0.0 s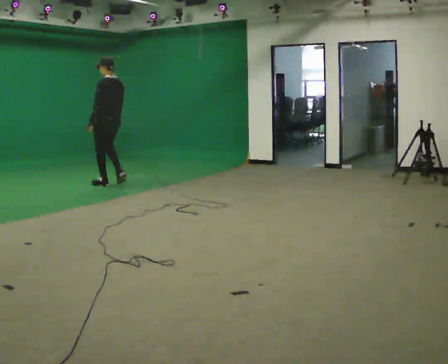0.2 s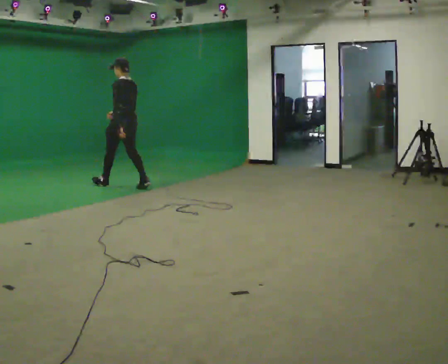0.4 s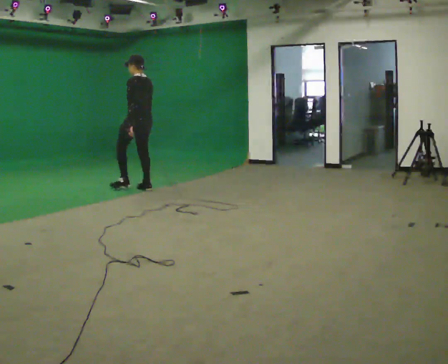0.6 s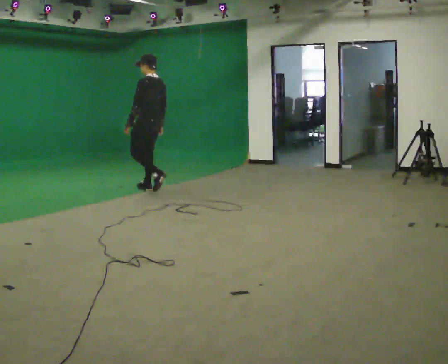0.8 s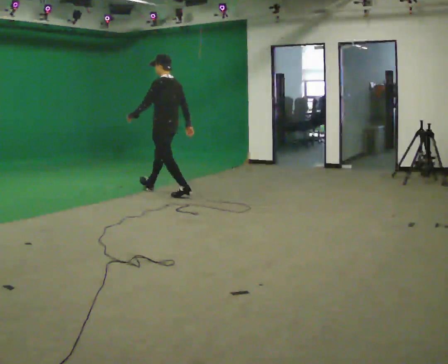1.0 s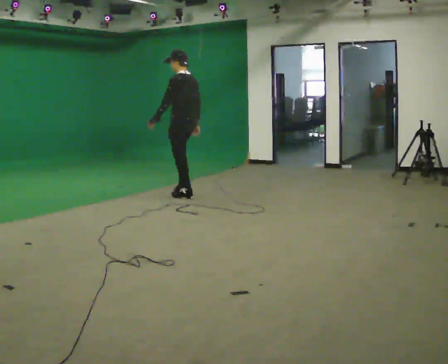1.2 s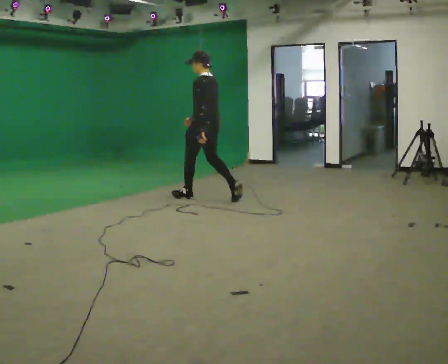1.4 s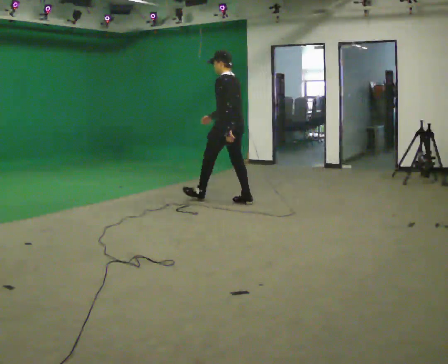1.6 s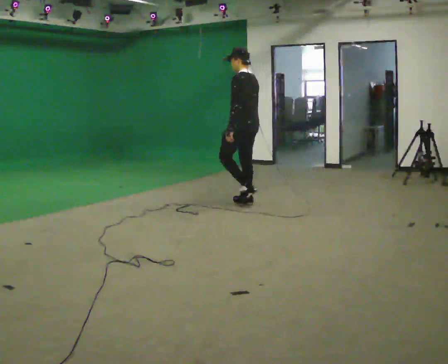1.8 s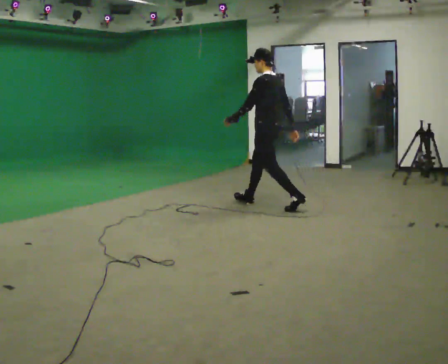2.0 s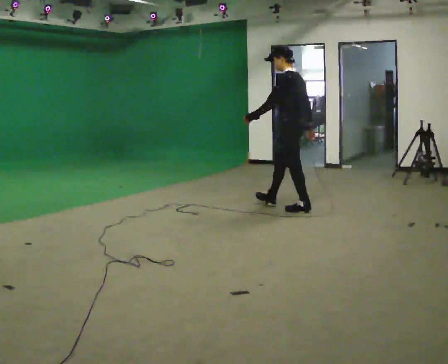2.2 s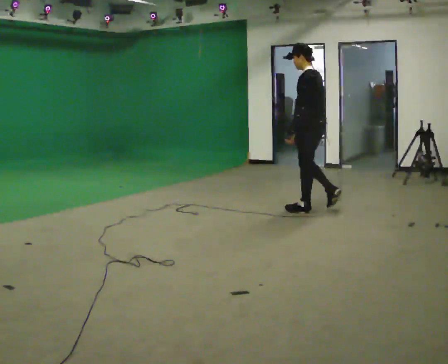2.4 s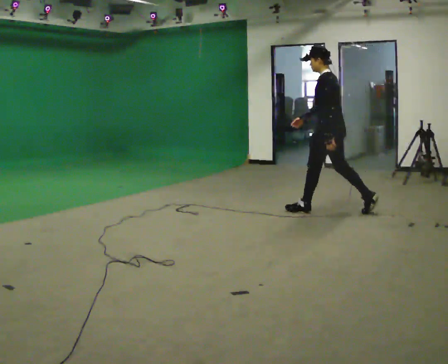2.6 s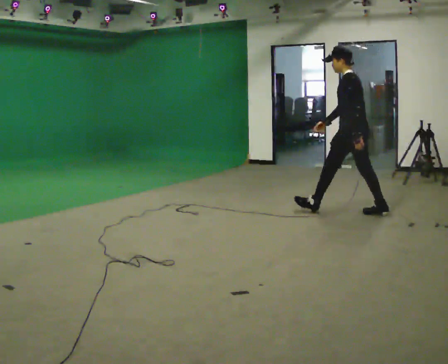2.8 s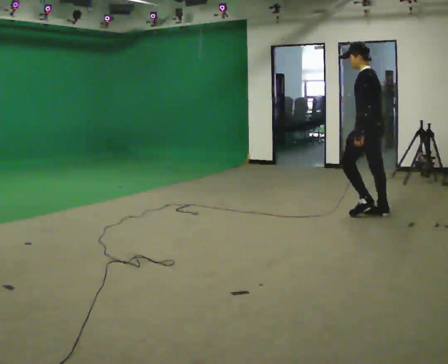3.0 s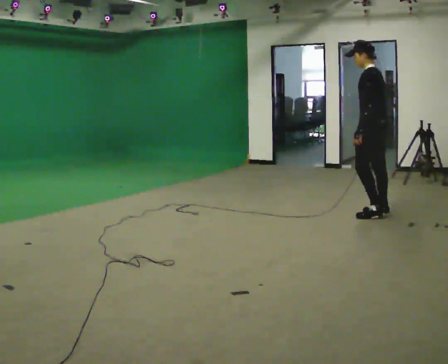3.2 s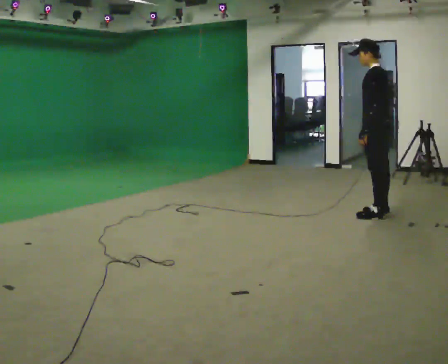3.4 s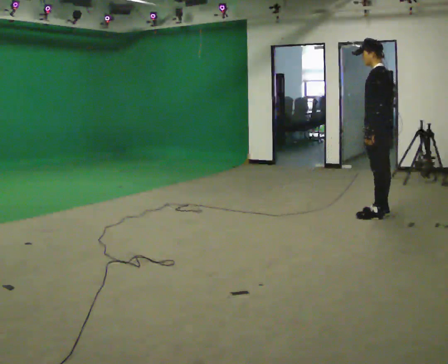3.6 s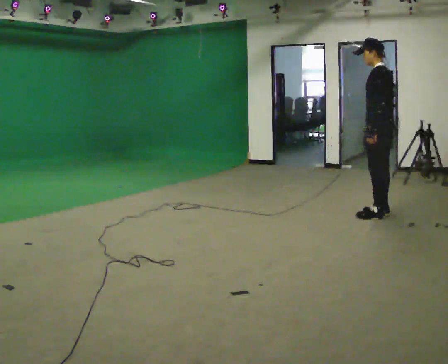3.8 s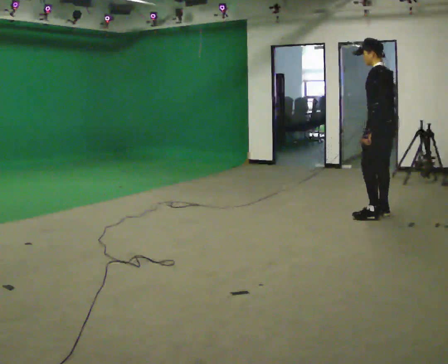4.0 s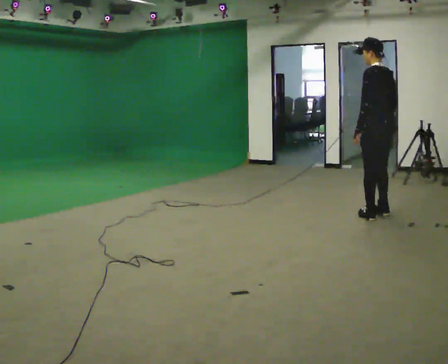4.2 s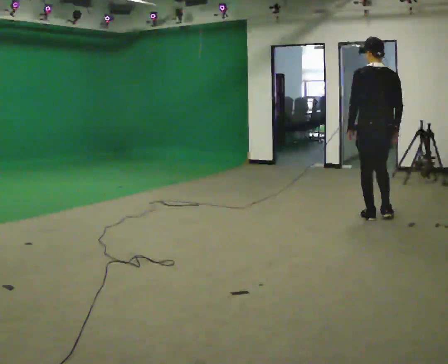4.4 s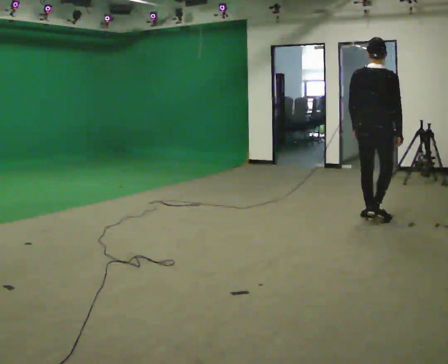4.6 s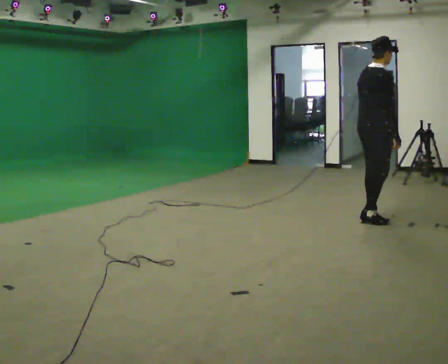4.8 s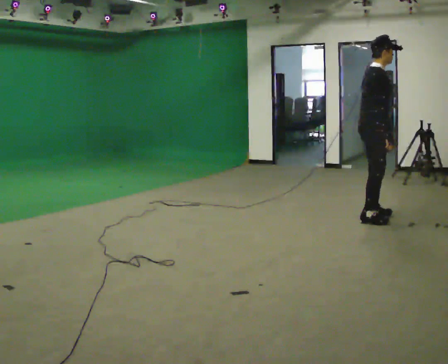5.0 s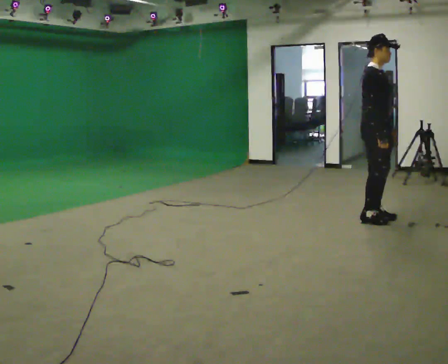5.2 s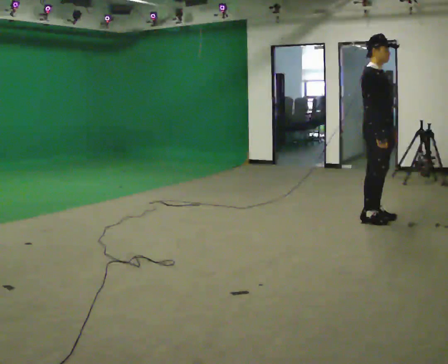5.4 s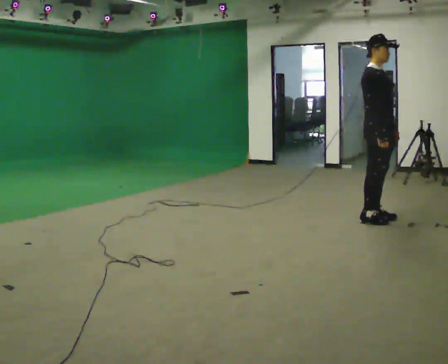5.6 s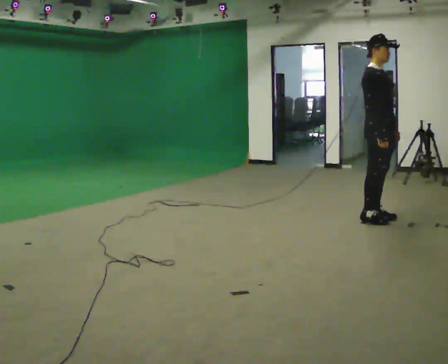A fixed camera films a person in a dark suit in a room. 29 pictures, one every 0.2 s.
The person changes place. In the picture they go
to the right.
The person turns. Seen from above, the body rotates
clockwise.
0.0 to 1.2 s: In the picture they go to the right, about 1.5 m in 2 steps, which for them is backward.
1.2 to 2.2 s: In the picture they go to the right, about 1.5 m in 2 steps, which for them is backward.
2.2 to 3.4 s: In the picture they go to the right, about 0.75 m in 1 step, which for them is backward.
3.4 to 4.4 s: Seen from above the body turns clockwise, about 90 degrees: to their right, with its near side sliding to the left. In the picture they go toward the camera, about 0.25 m in 1 step.
4.4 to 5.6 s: The person turns about 90 degrees to their right, clockwise seen from above, so the part of the body nearest the lens slides to the left. In the picture their left hand goes to the right.
The film runs backward here.
